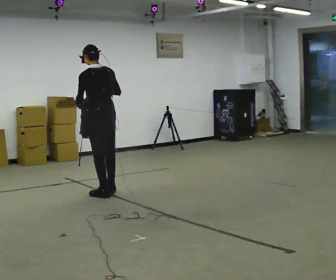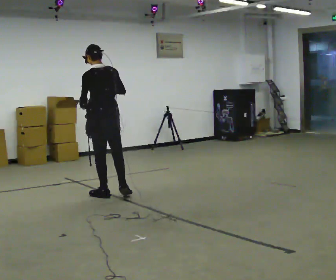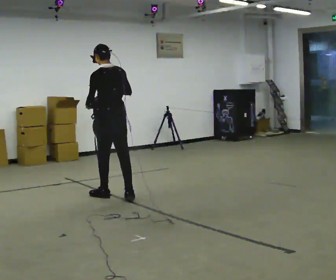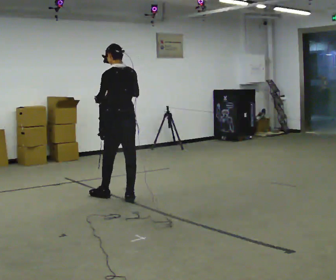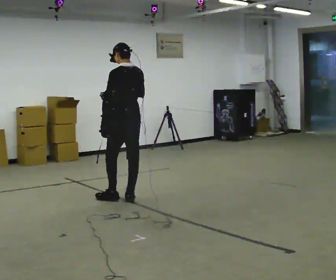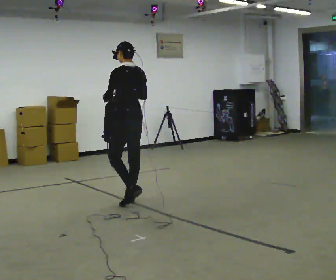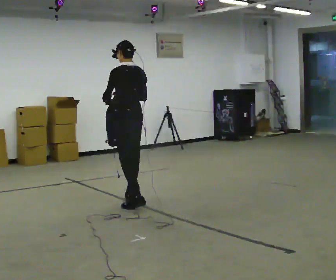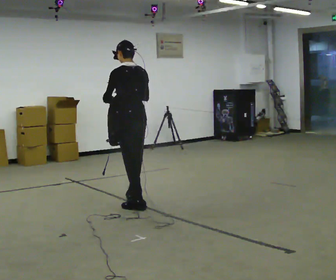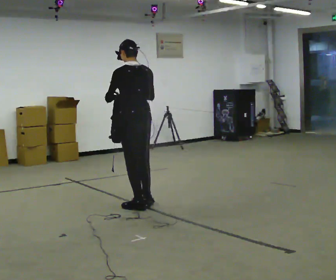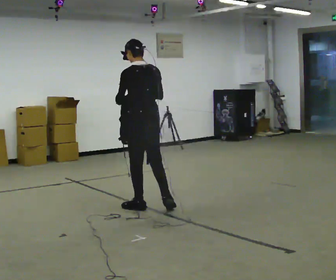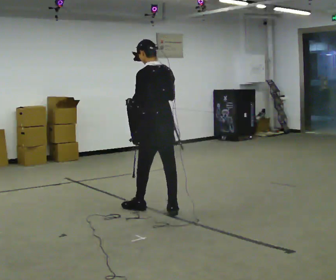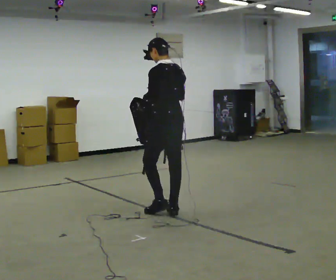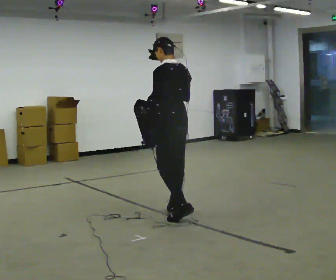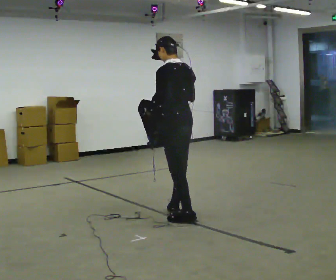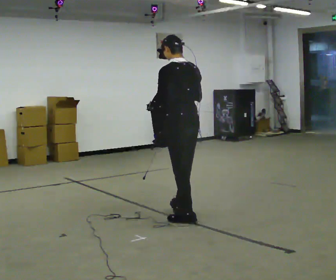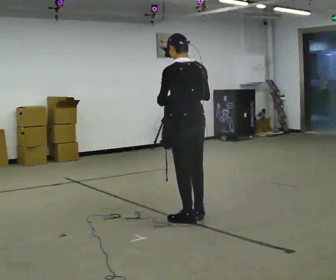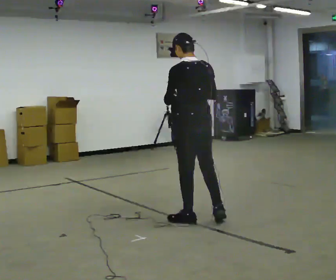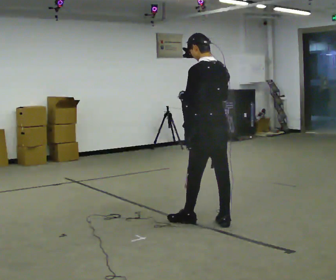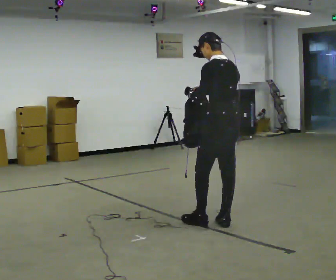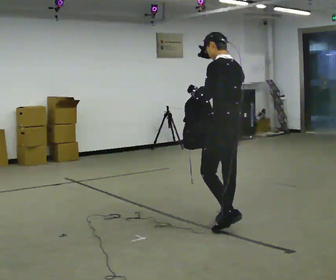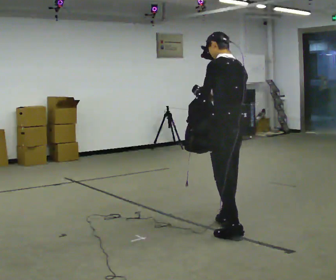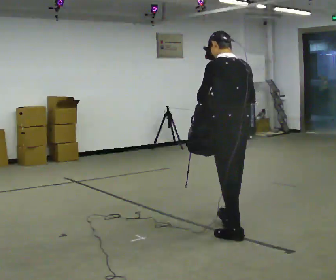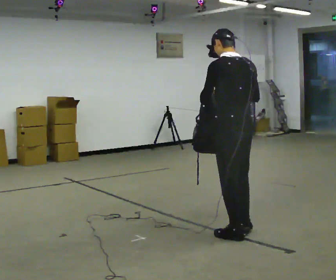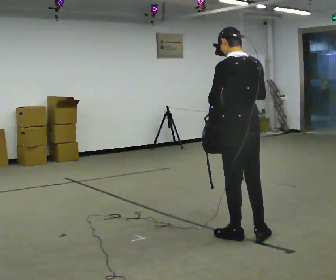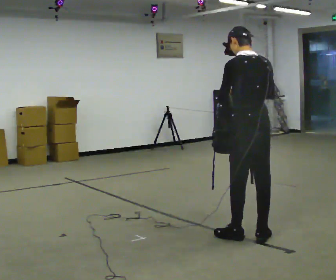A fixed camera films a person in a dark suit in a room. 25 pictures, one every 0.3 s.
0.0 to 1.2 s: In the picture they go to the right, about 0.25 m in 1 step, which for them is backward and to their right.
1.2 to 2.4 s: In the picture they go toward the camera, about 0.25 m in 1 step, which for them is backward and to their left.
2.4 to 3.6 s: In the picture they go to the right and toward the camera, about 0.5 m in 1 step, which for them is backward.
3.6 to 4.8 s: In the picture they go toward the camera and to the right, about 0.25 m in 1 step, which for them is backward.
4.8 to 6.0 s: In the picture they go to the right and toward the camera, about 0.25 m in 1 step, which for them is backward.
6.0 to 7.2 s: In the picture they go toward the camera and to the right, about 0.25 m in 1 step, which for them is backward.
The film runs backward here.
